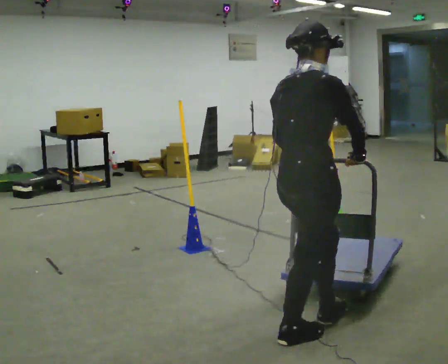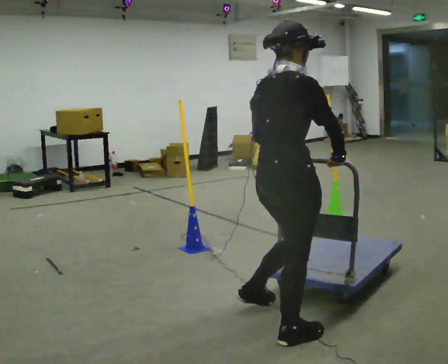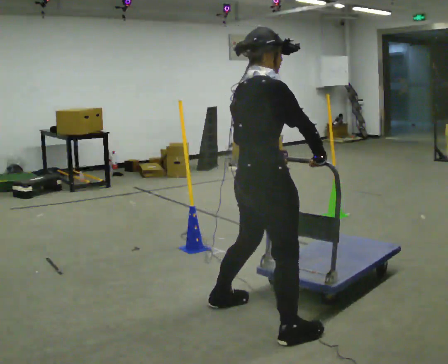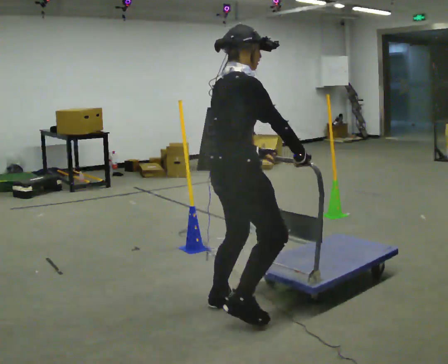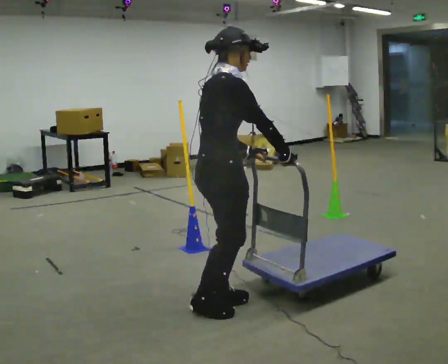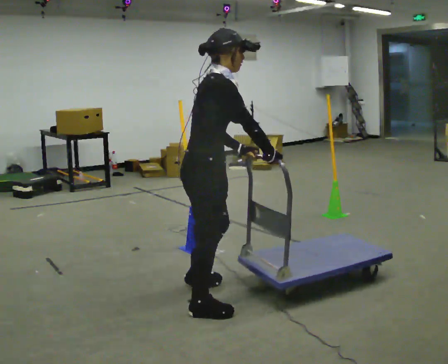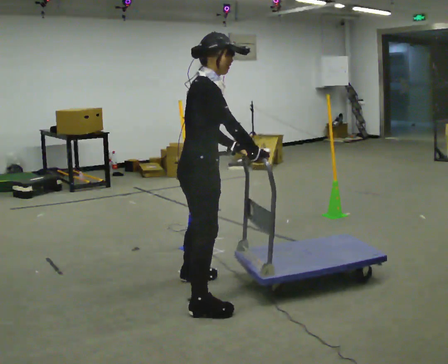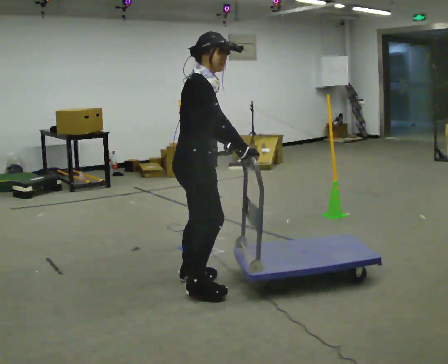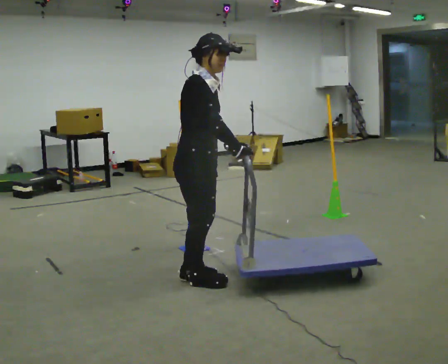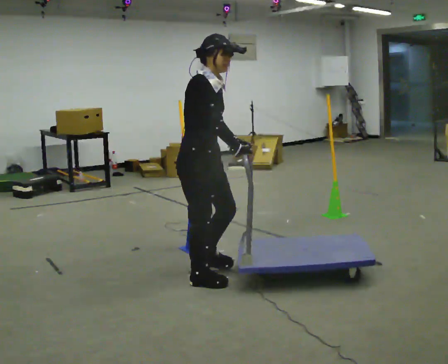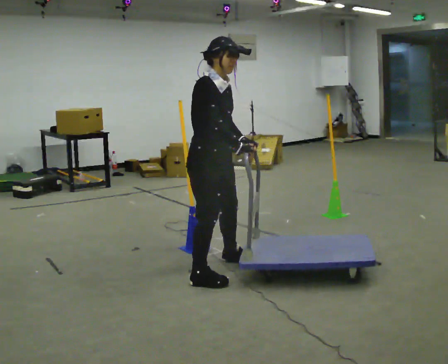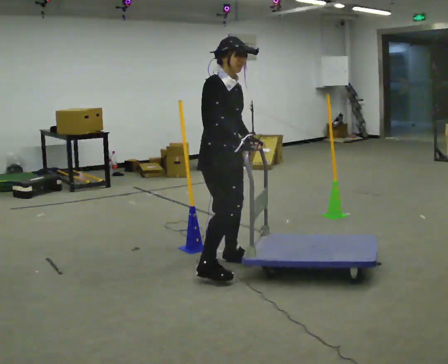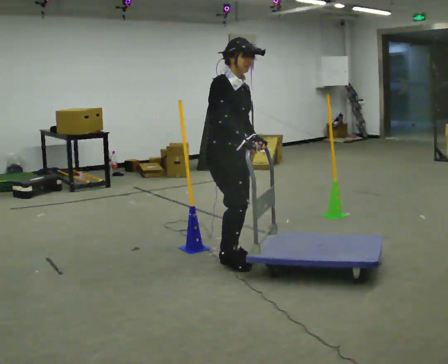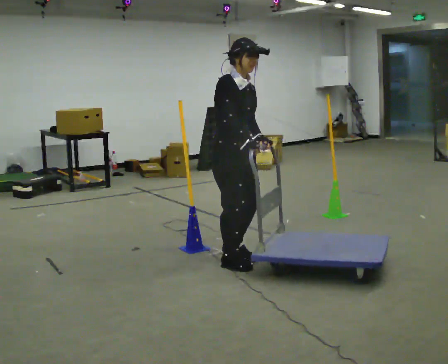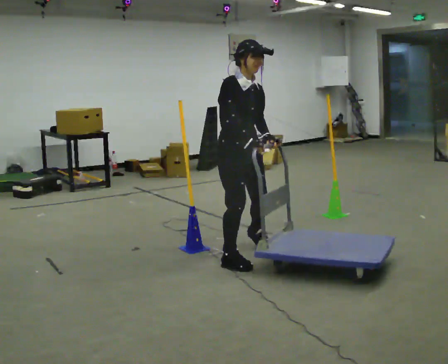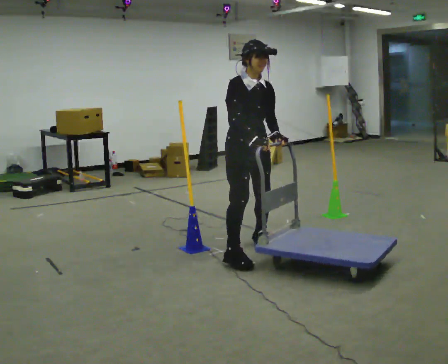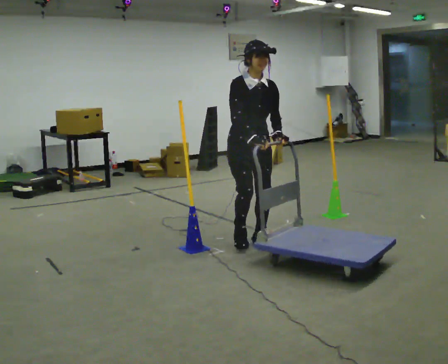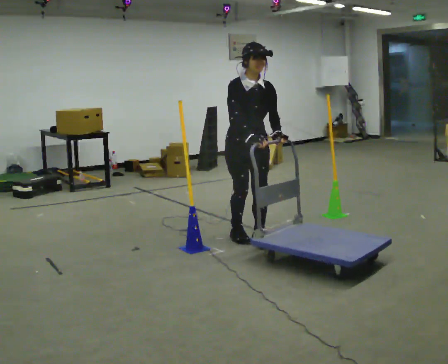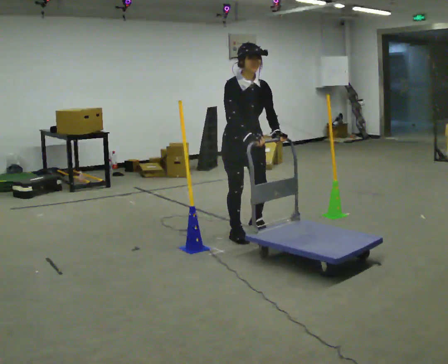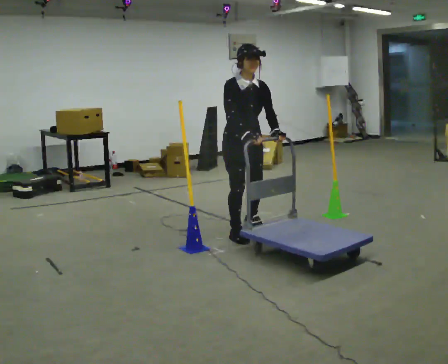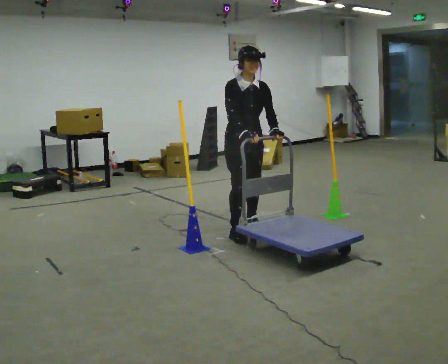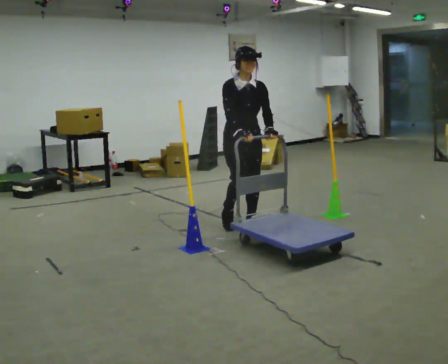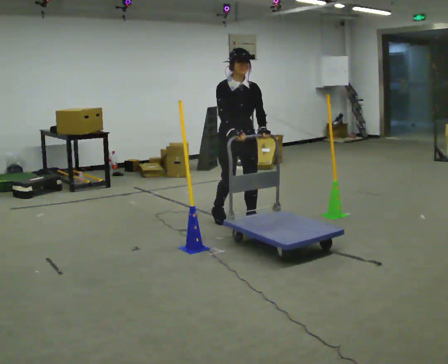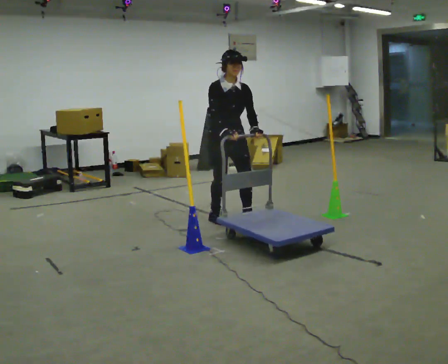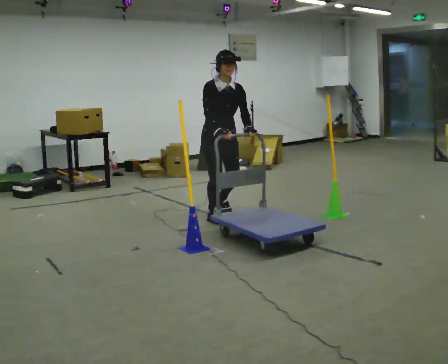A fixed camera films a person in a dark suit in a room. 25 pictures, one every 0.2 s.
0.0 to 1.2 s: The person turns about 30 degrees to their right, clockwise seen from above, so the part of the body nearest the lens slides to the left. In the picture they go to the left and away from the camera, about 0.5 m in 2 steps, which for them is to their left and backward.
1.2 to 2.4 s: Seen from above the body turns clockwise, about 30 degrees: to their right, with its near side sliding to the left. In the picture they go away from the camera, about 0.5 m in 3 steps, which for them is to their left.
2.4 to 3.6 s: The person turns about 30 degrees to their right, clockwise seen from above, so the part of the body nearest the lens slides to the left. In the picture they go away from the camera, about 0.5 m in 3 steps, which for them is to their left and backward.
3.6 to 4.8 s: In the picture they go away from the camera, about 0.5 m in 2 steps, which for them is backward.
The film runs backward here.
